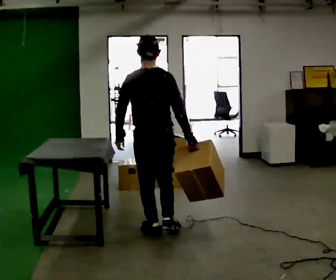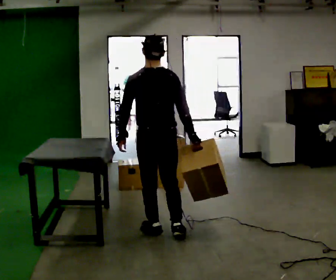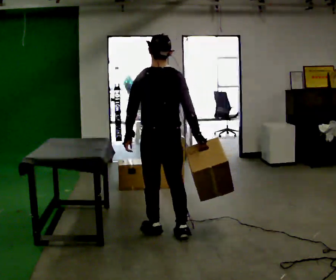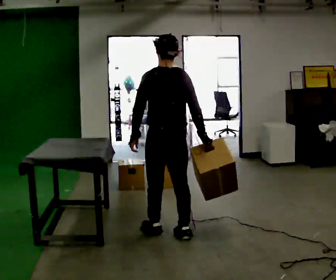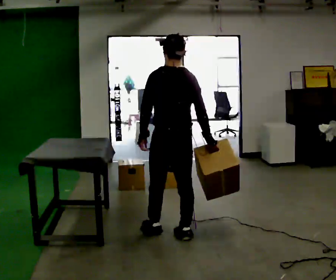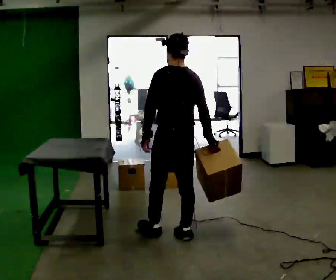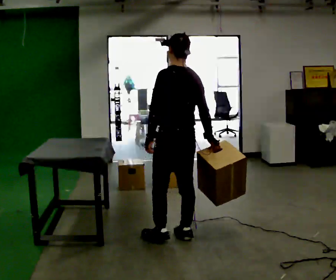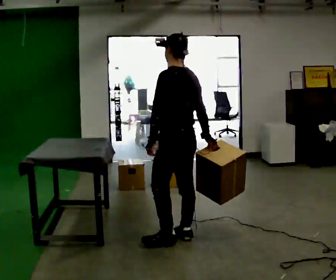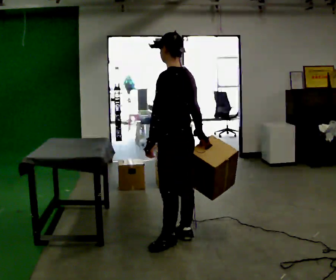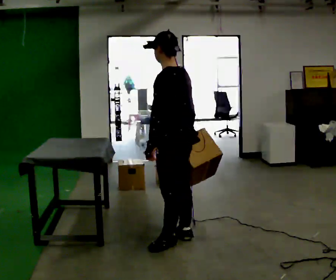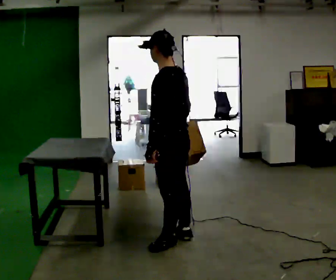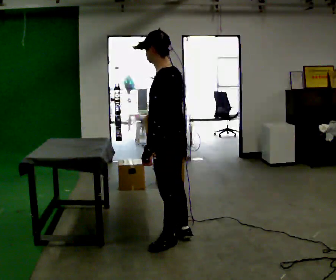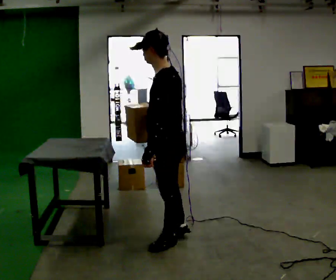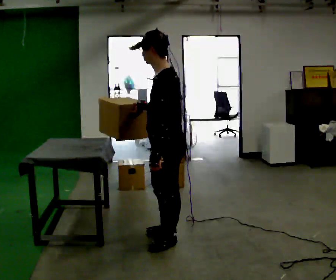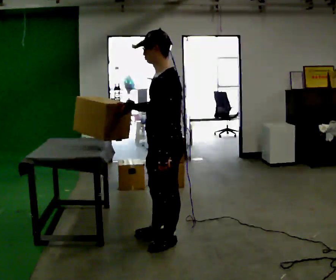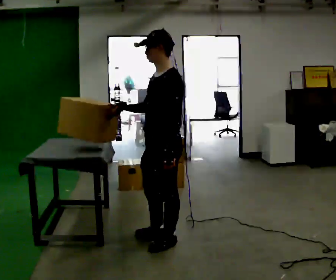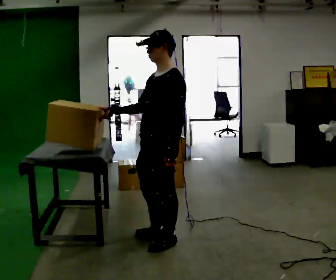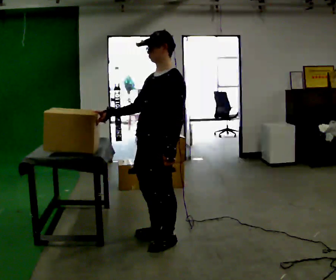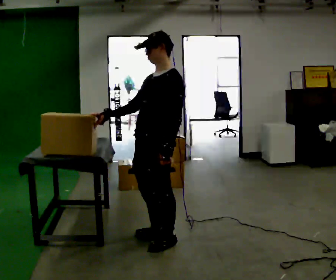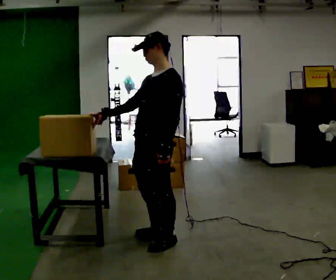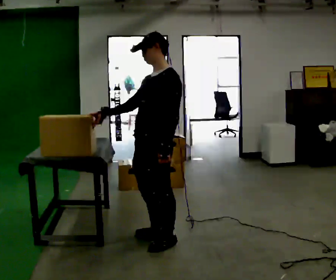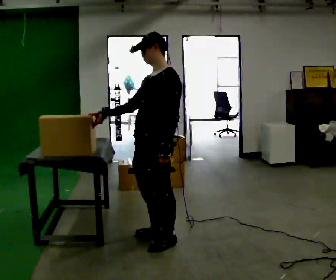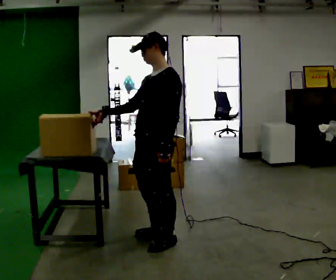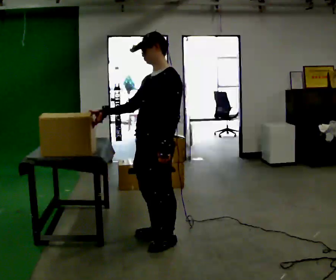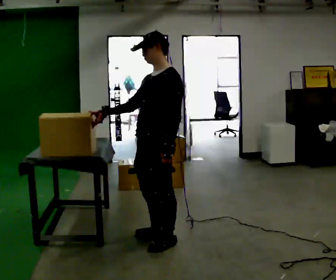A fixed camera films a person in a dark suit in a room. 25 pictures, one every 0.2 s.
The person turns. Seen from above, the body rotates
counterclockwise.
The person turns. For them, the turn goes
to their left.
0.0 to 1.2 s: Seen from above the body turns counterclockwise, about 30 degrees: to their left, with its near side sliding to the right. In the picture they go to the right, about 0.25 m in 1 step, which for them is backward and to their right.
1.2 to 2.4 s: Seen from above the body turns counterclockwise, about 45 degrees: to their left, with its near side sliding to the right. In the picture they go toward the camera, about 0.25 m, which for them is to their left. In the picture their right hand goes to the left.
2.4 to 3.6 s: Seen from above the body turns counterclockwise, about 30 degrees: to their left, with its near side sliding to the right. In the picture the upper body tilts clockwise, shoulders to the right. In the picture their right hand goes to the left.
3.6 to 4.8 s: The person moves a little, or ends about where they began.
The film runs backward here.
